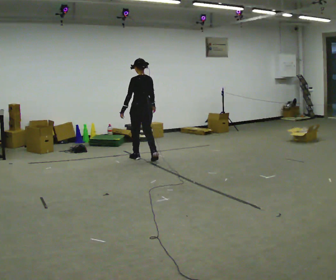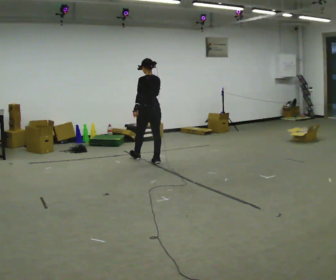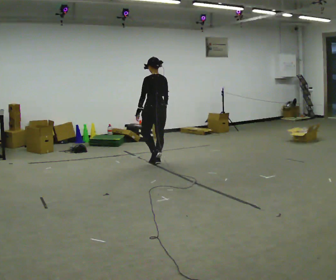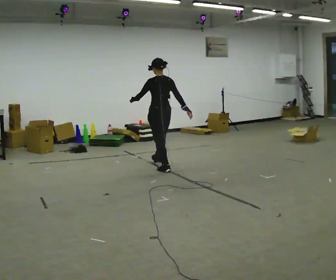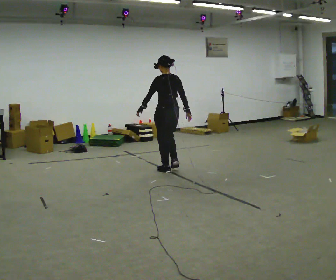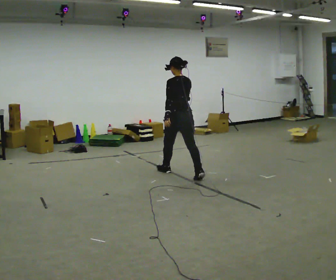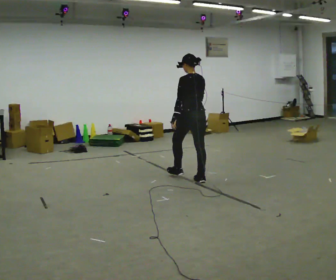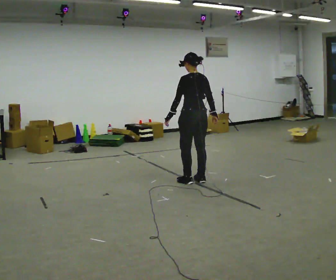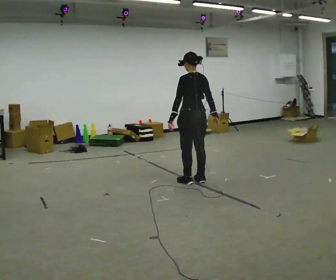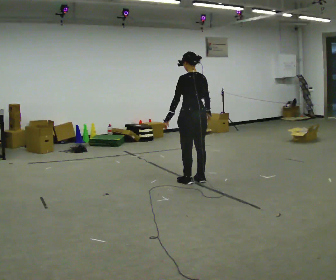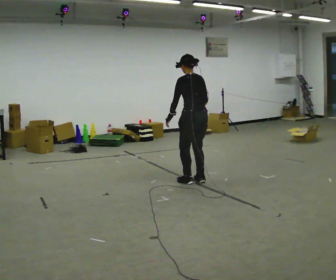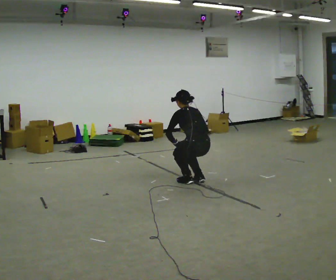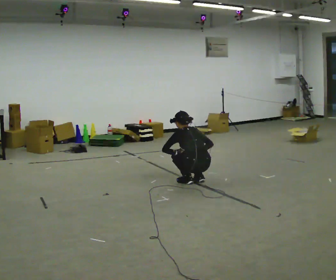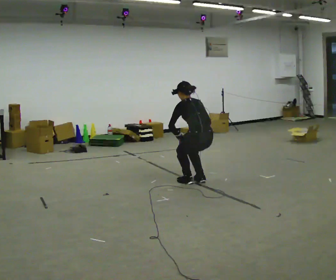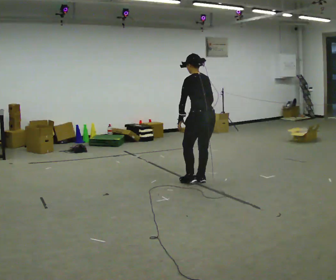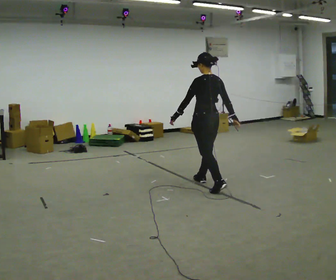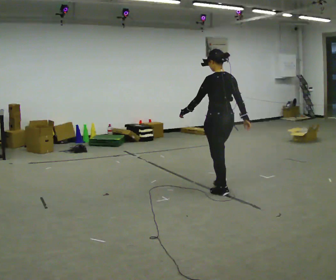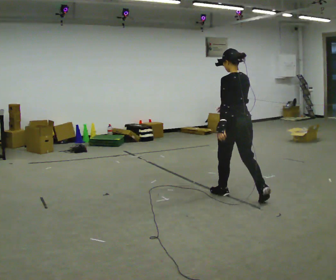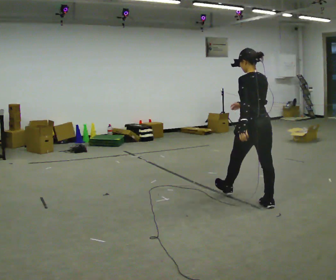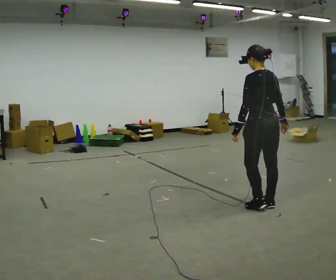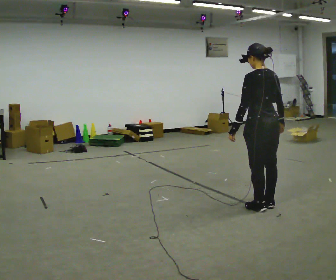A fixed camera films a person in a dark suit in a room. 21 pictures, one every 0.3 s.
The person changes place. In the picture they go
toward the camera.
0.0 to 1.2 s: In the picture they go toward the camera and to the right, about 1 m in 2 steps, which for them is backward.
1.2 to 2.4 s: In the picture they go toward the camera and to the right, about 0.75 m in 1 step, which for them is backward.
2.4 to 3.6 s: The shoulders move downward. The upper body tips away from the camera, its near side rolling upward, as they bend forward. In the picture their left hand goes downward.
3.6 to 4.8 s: In the picture they go toward the camera and to the right, about 0.5 m in 2 steps, which for them is backward. The shoulders move upward. The upper body tips toward the camera, its near side rolling downward, as they lean back or straighten. In the picture their left hand goes upward.
4.8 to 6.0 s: In the picture they go toward the camera and to the right, about 0.75 m in 1 step, which for them is backward.
The film runs backward here.
